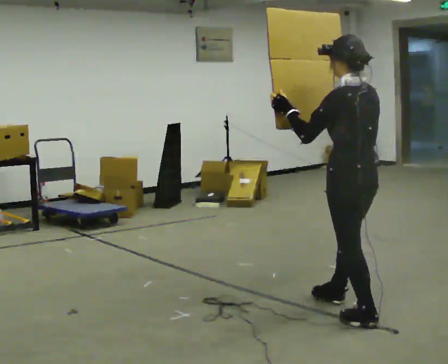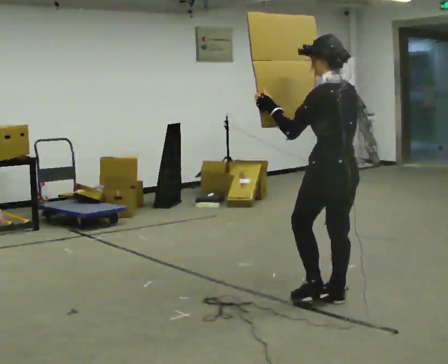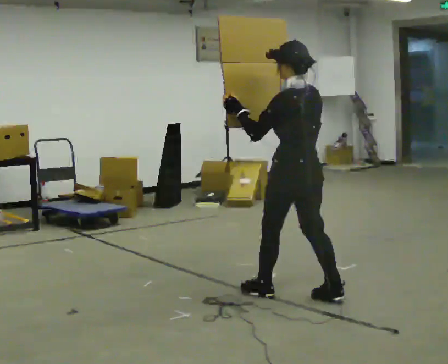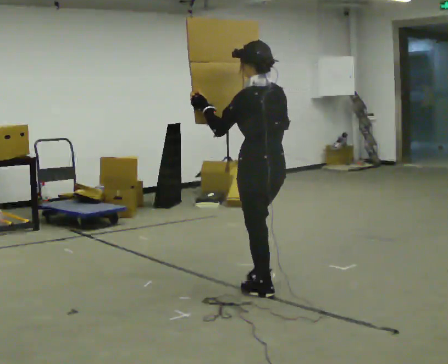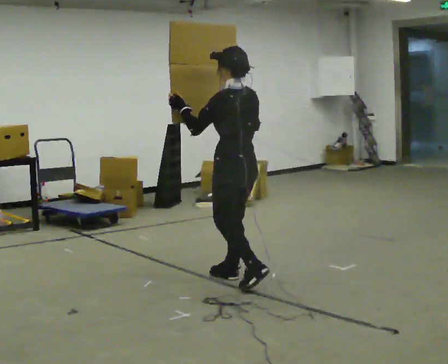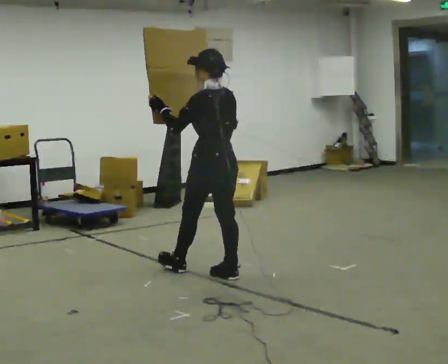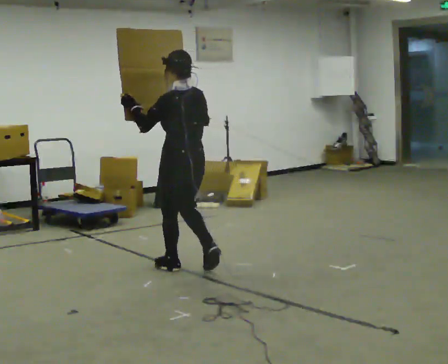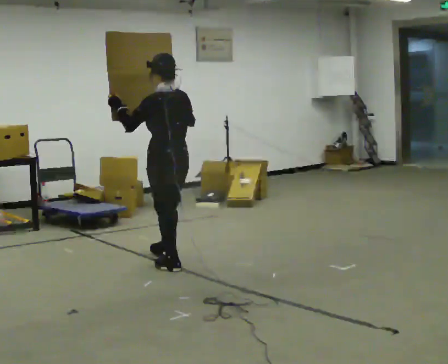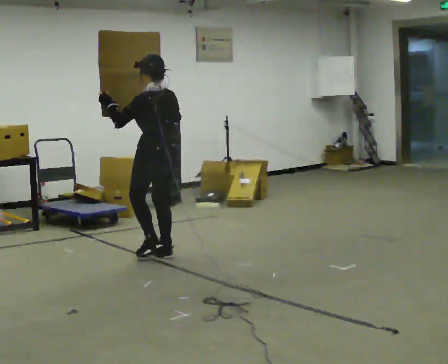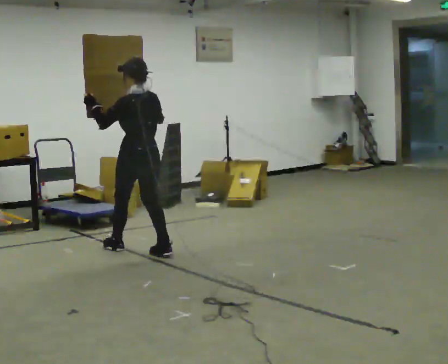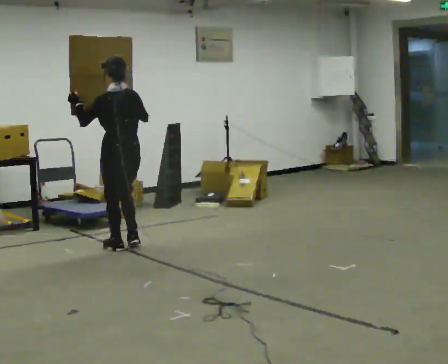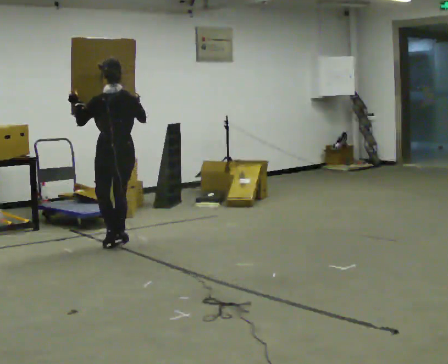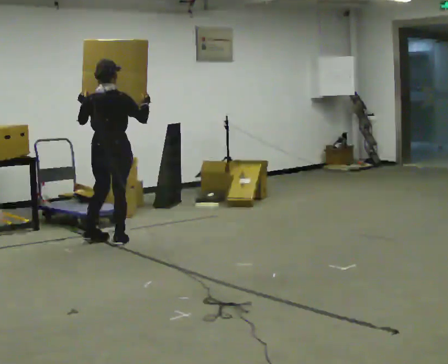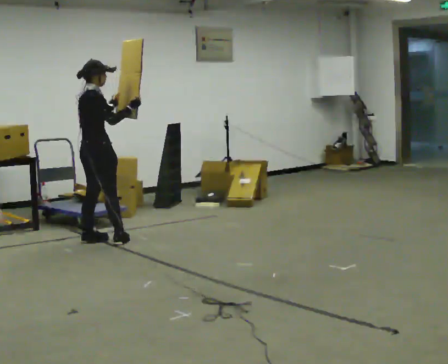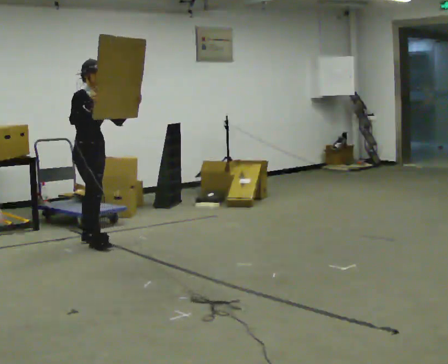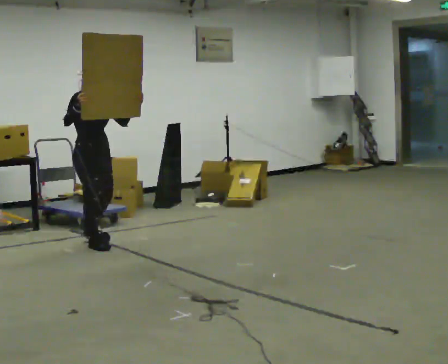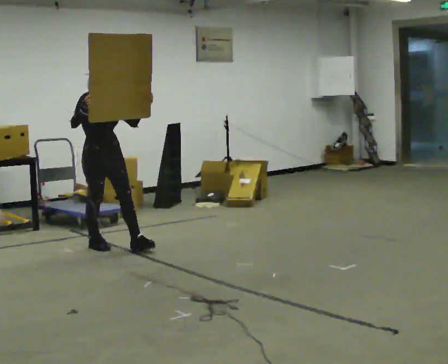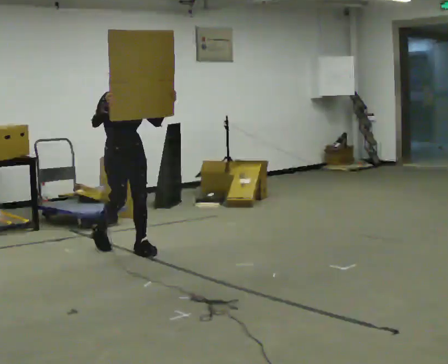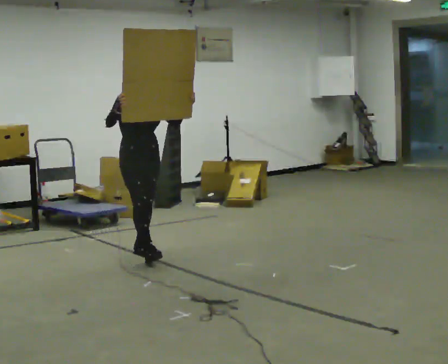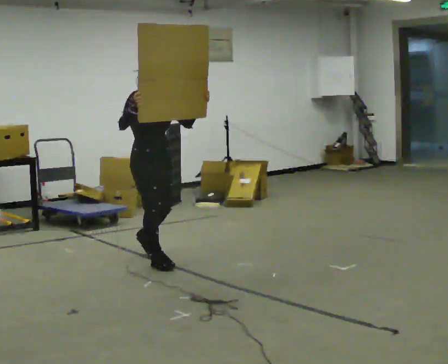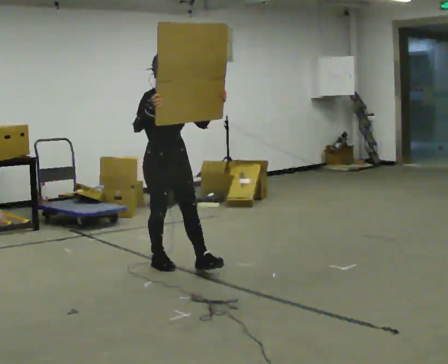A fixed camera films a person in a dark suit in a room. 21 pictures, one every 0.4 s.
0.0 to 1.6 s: In the picture they go away from the camera and to the left, about 1 m in 2 steps, which for them is forward.
1.6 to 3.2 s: In the picture they go away from the camera and to the left, about 1 m in 2 steps, which for them is forward.
3.2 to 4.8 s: Seen from above the body turns clockwise, about 45 degrees: to their right, with its near side sliding to the left. In the picture they go away from the camera and to the left, about 0.75 m in 2 steps, which for them is forward.
4.8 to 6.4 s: Seen from above the body turns clockwise, about 135 degrees: to their right, with its near side sliding to the left. In the picture they go toward the camera, about 0.25 m in 2 steps. In the picture their right hand goes to the left.
6.4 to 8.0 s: In the picture they go toward the camera and to the right, about 1 m in 2 steps, which for them is forward.
The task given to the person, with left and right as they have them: Carry the large panel across the room. It will block your view ahead, so take whatever route feels safe. Keep going until the operator says stop; one object at a time, and do not rush between trips.
The film runs forward here.
